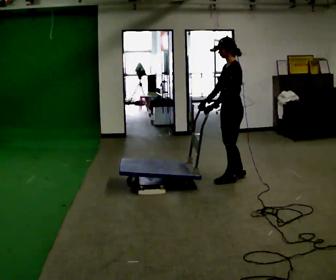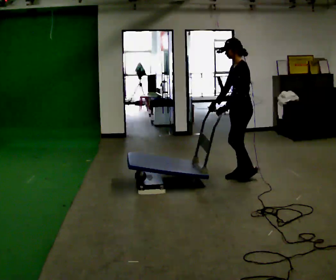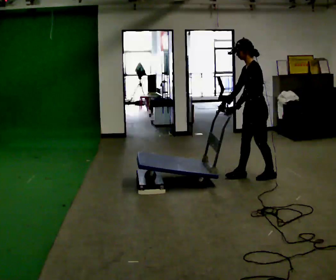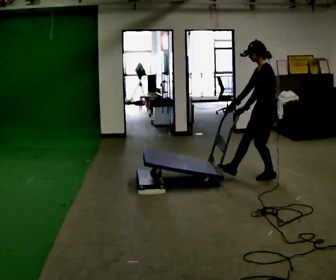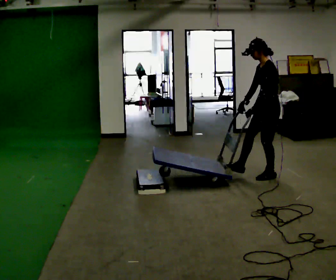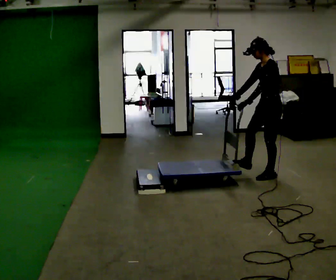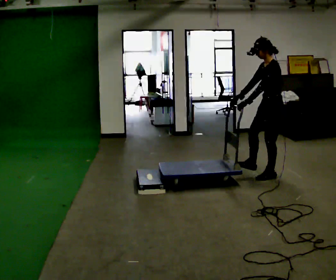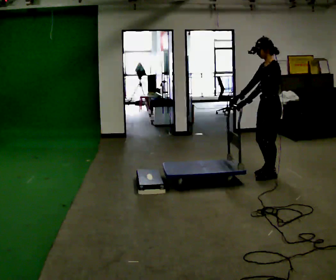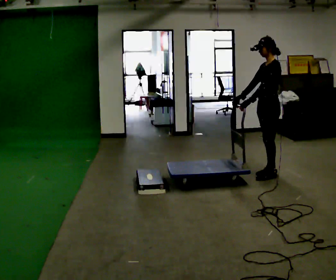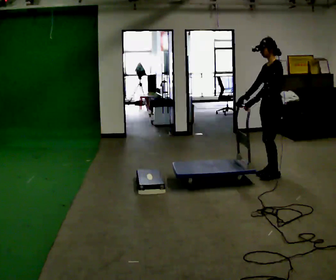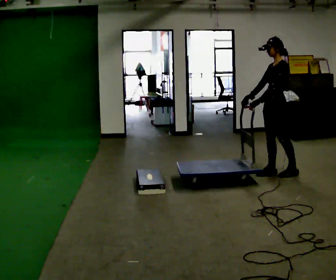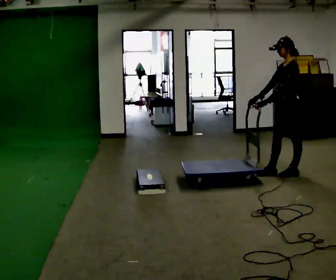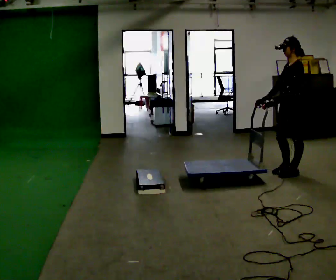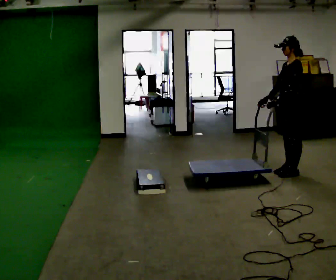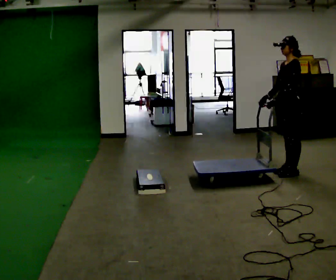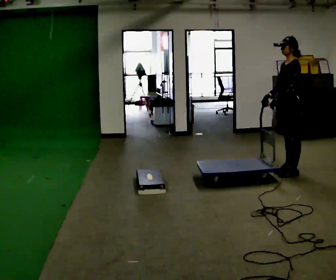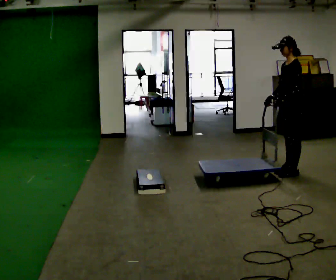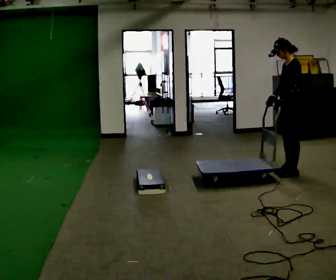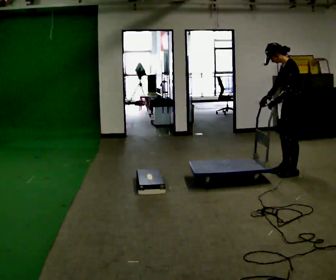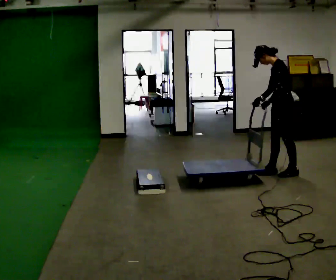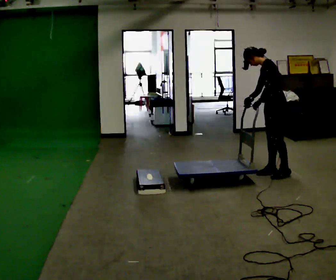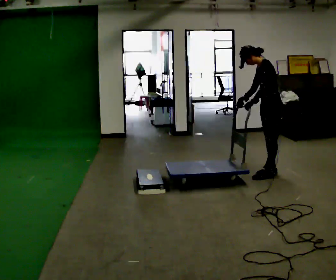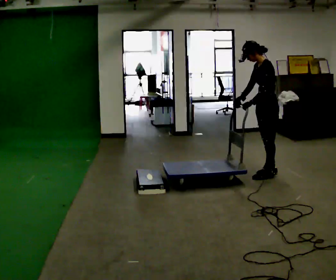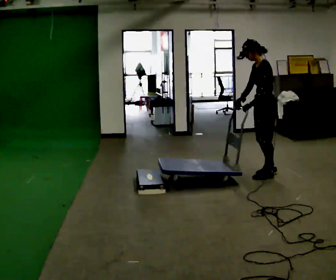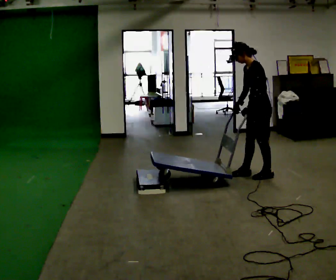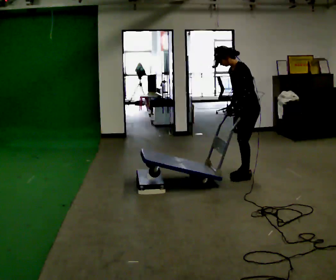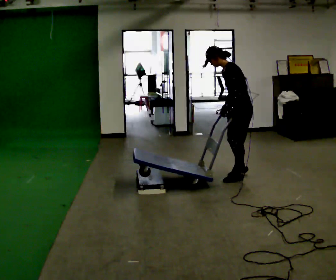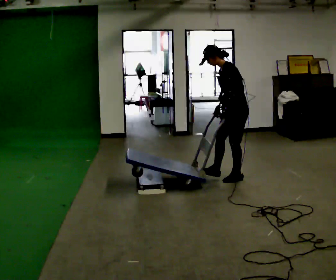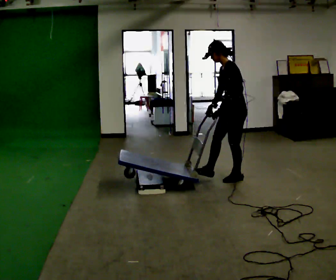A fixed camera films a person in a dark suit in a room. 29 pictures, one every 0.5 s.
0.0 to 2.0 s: In the picture they go to the right, about 0.5 m in 2 steps, which for them is backward.
2.0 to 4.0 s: The person moves a little, or ends about where they began.
4.0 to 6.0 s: In the picture they go to the right, about 0.25 m in 2 steps, which for them is backward.
6.0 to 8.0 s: The person moves a little, or ends about where they began.
8.0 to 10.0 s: In the picture they go to the left, about 0.25 m in 2 steps, which for them is forward. In the picture the upper body tilts counterclockwise, shoulders to the left, as they bend forward.
10.0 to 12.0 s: In the picture they go to the left, about 0.25 m in 1 step, which for them is forward.
12.0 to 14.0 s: In the picture they go to the left and toward the camera, about 0.25 m in 2 steps, which for them is forward.
The film runs backward here.
